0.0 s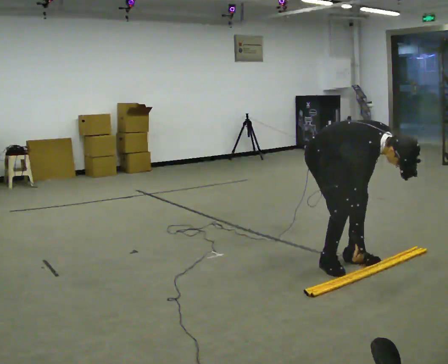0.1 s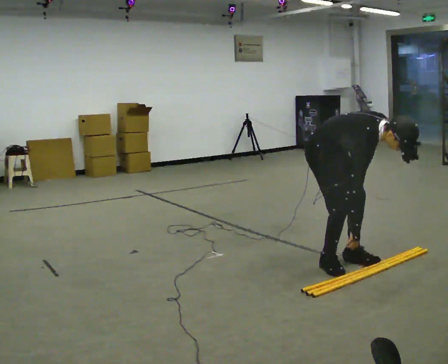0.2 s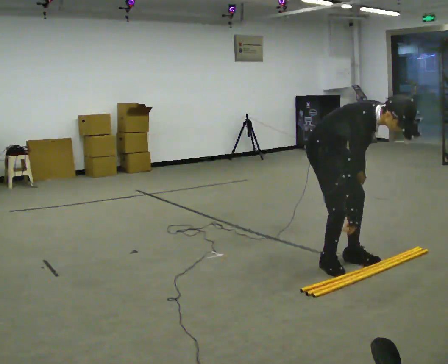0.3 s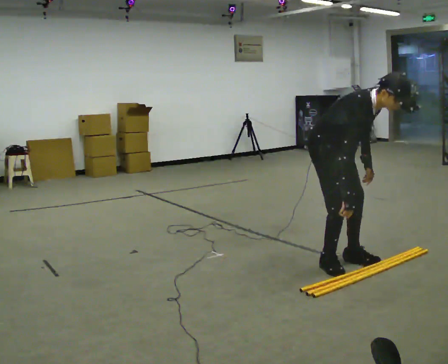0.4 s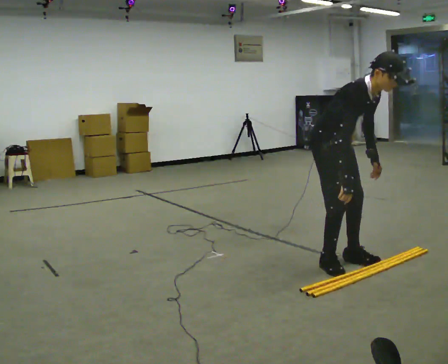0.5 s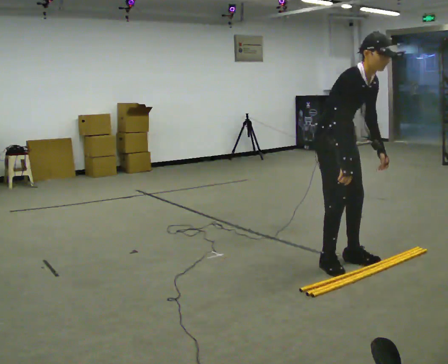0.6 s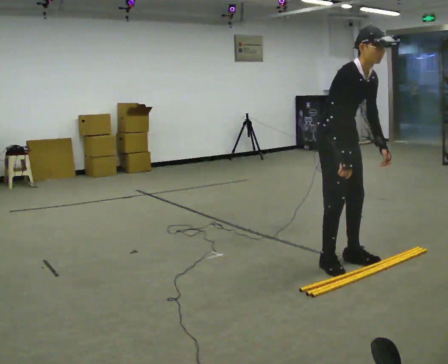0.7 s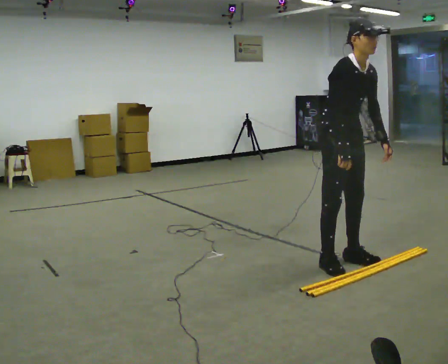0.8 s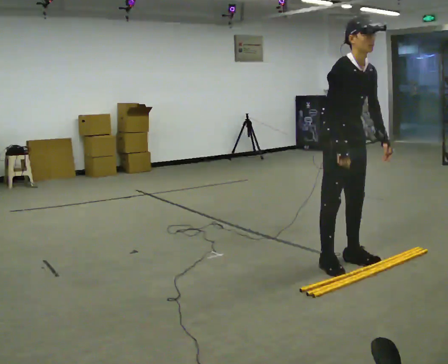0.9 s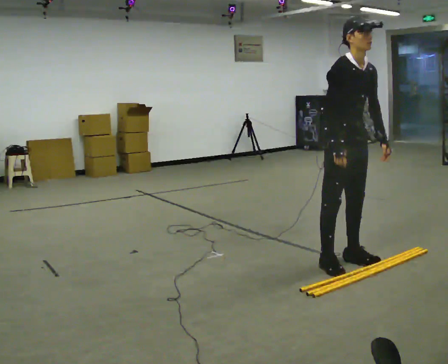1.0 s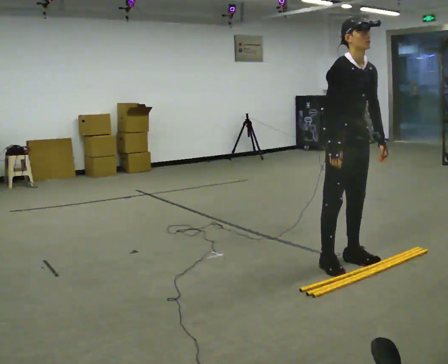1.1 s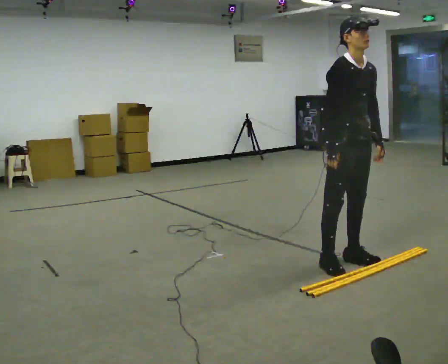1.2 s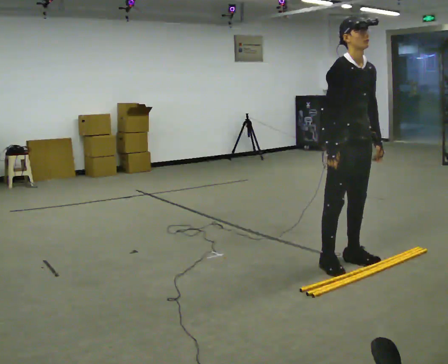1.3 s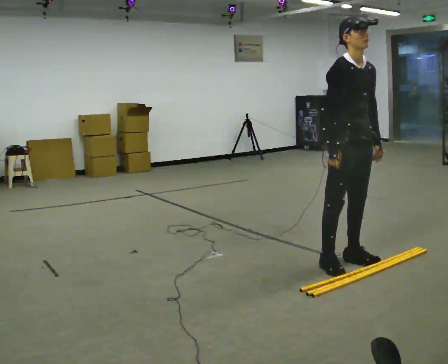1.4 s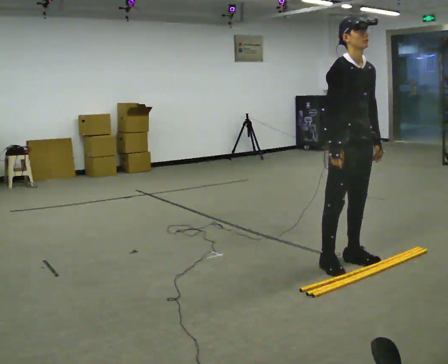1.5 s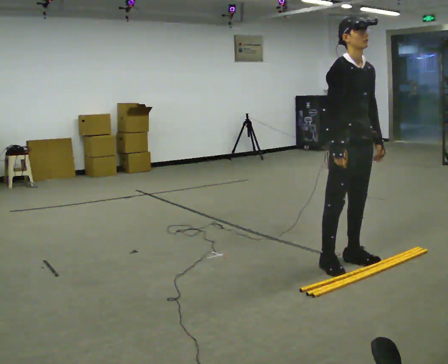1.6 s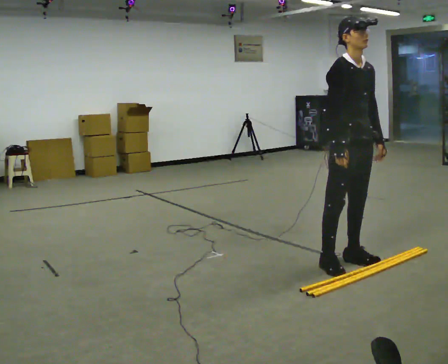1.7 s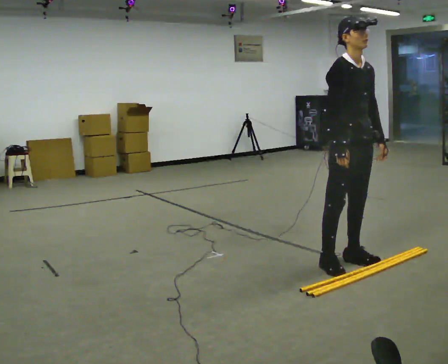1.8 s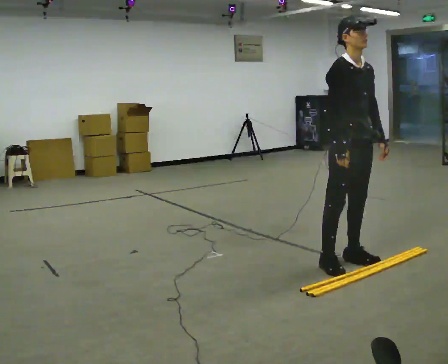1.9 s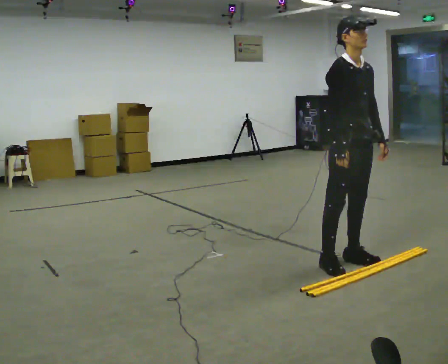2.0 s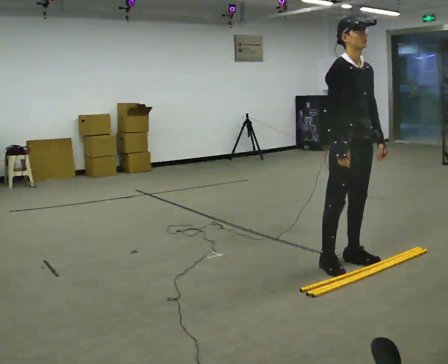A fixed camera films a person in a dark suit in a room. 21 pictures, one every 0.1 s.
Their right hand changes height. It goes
upward.
The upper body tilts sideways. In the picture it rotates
counterclockwise.
0.0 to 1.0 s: In the picture they go to the right, about 0.25 m, which for them is forward. The upper body goes upward. In the picture the upper body tilts counterclockwise, shoulders to the left, as they lean back or straighten.
1.0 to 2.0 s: The person moves a little, or ends about where they began.
The film runs forward here.
